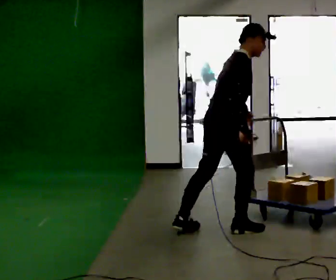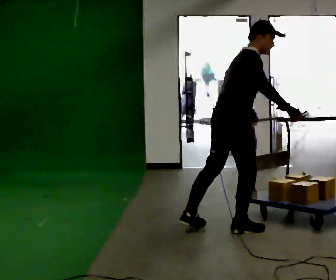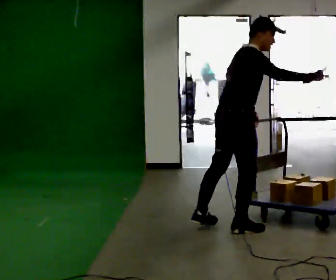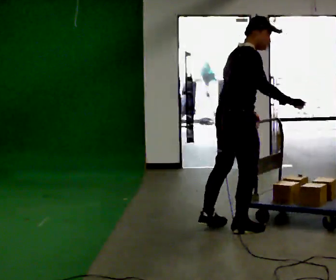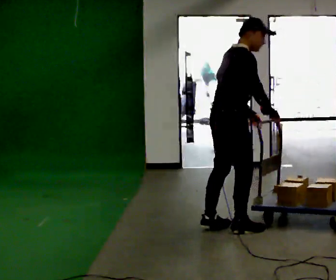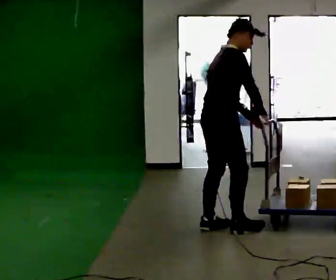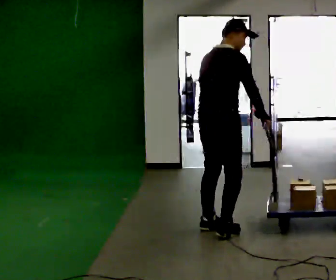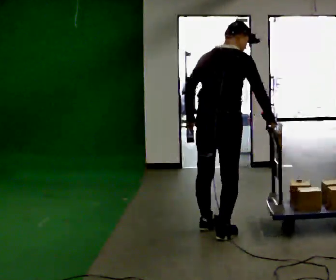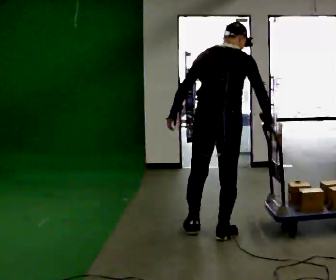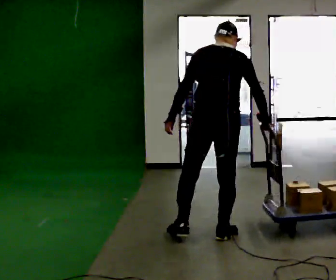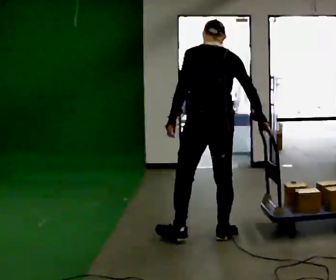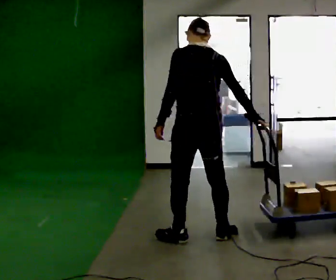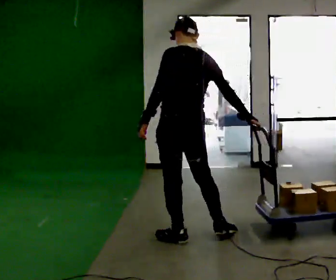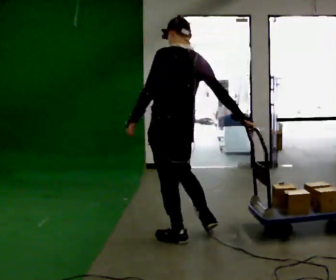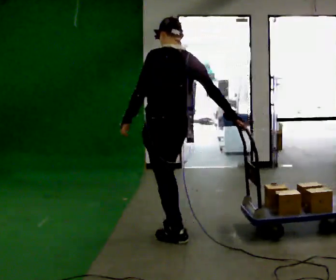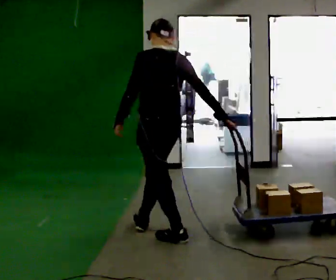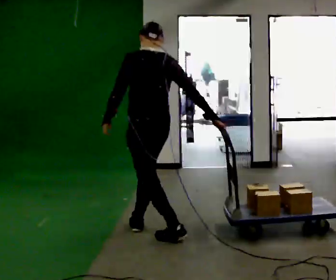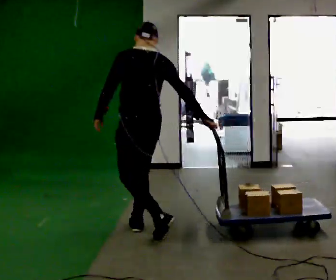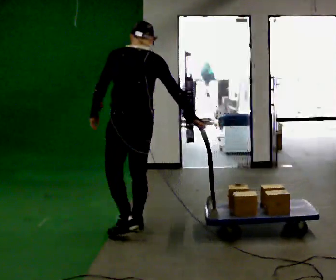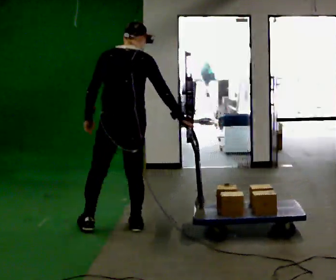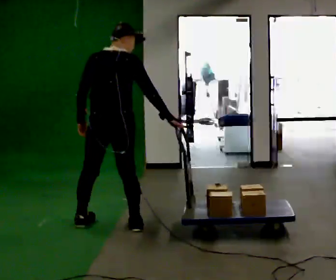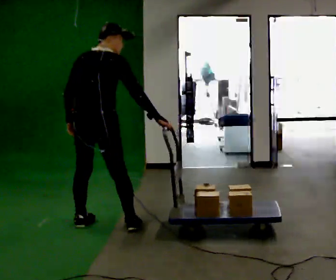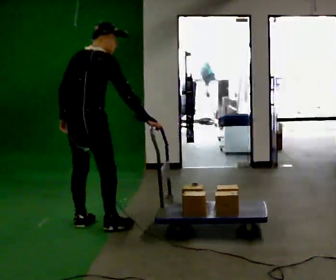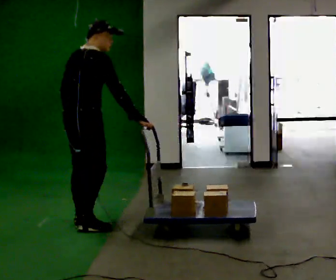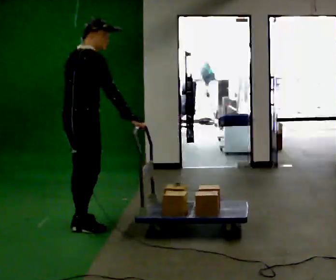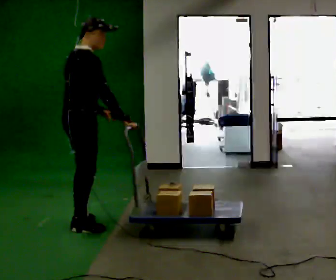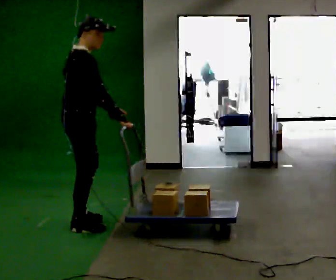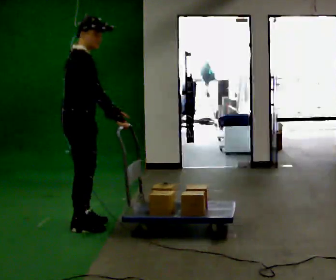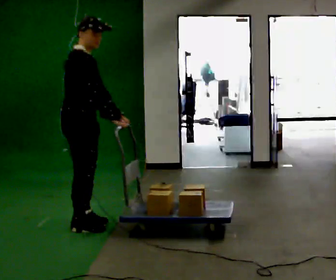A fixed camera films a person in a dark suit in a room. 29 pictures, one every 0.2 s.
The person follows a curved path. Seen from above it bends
clockwise.
The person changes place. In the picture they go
to the left.
0.0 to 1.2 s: The part of the body nearest the lens slides to the right as the person turns to their left by about 30 degrees.
1.2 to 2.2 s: Seen from above the body turns counterclockwise, about 60 degrees: to their left, with its near side sliding to the right. In the picture they go toward the camera, about 0.25 m in 1 step. In the picture their left hand goes to the left.
2.2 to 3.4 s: In the picture they go to the left and away from the camera, about 0.5 m in 1 step, which for them is forward and to their left.
3.4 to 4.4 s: The part of the body nearest the lens slides to the left as the person turns to their right by about 60 degrees. In the picture they go to the left, about 0.5 m in 1 step.
4.4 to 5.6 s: Seen from above the body turns clockwise, about 60 degrees: to their right, with its near side sliding to the left. In the picture their left hand goes to the right, the arm swinging counterclockwise.
The film runs forward here.
